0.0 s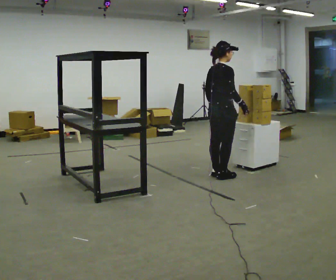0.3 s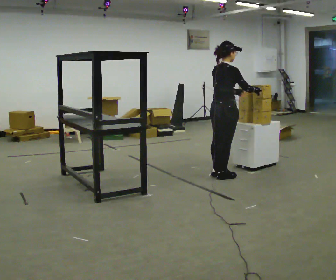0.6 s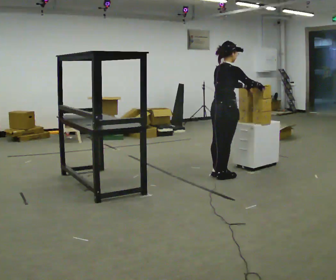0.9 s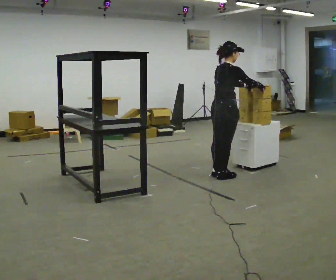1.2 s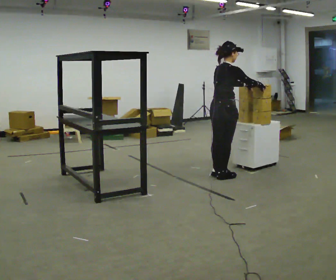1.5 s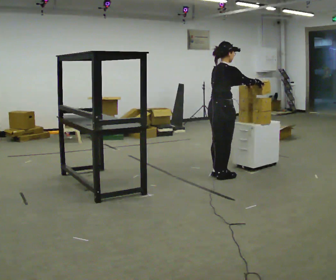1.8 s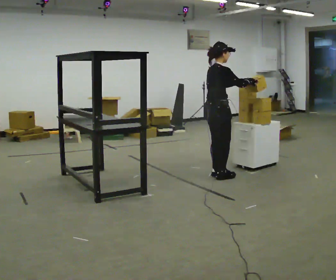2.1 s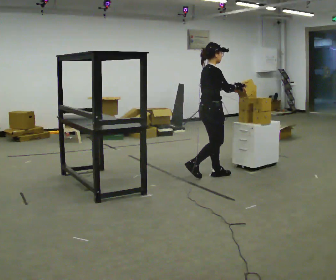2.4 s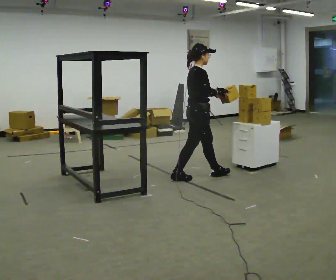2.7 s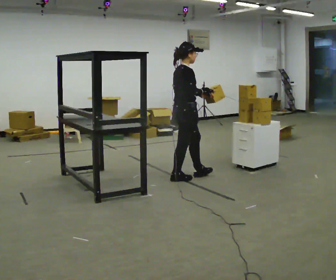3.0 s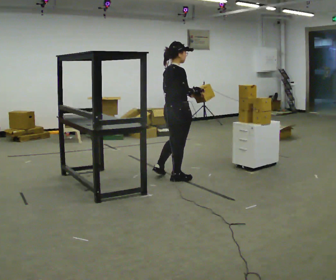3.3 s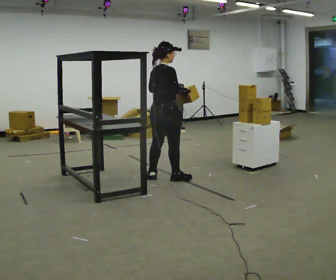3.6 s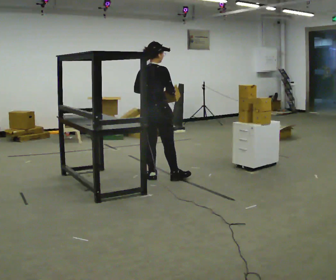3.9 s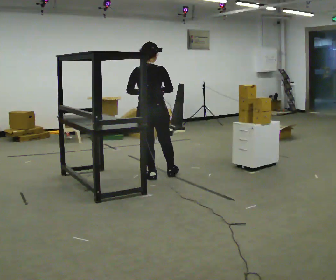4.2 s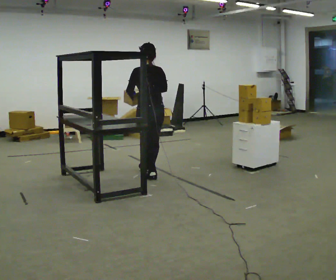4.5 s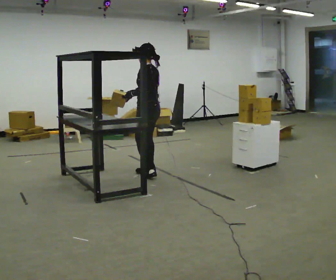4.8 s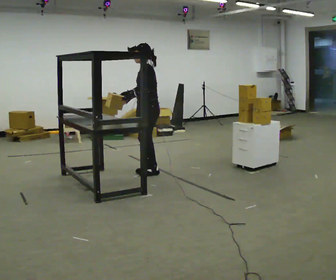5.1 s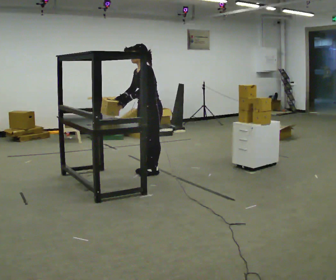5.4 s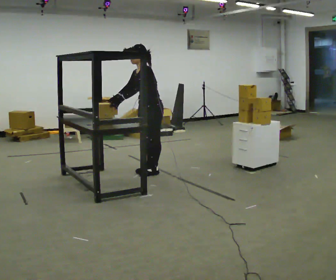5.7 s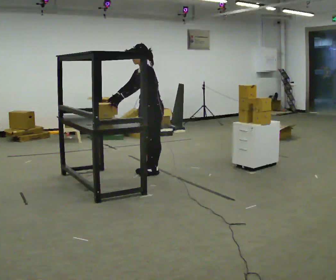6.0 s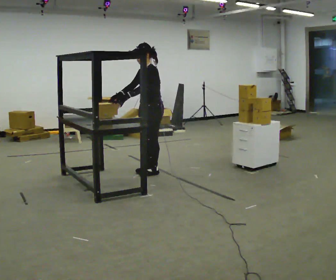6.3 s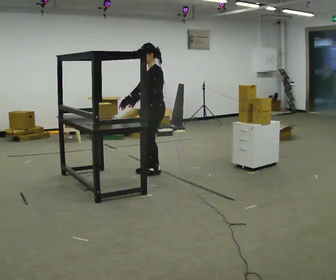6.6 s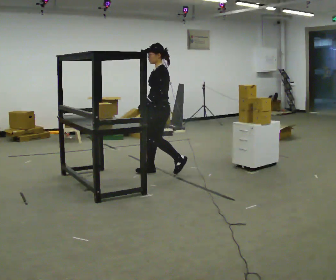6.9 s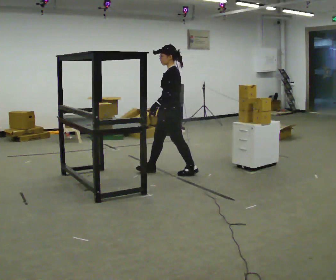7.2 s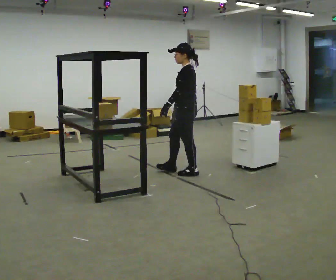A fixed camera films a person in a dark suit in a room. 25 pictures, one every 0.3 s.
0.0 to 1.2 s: In the picture their left hand goes to the right.
1.2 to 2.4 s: In the picture they go to the left, about 0.25 m in 1 step, which for them is backward.
2.4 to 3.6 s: Seen from above the body turns counterclockwise, about 60 degrees: to their left, with its near side sliding to the right. In the picture they go to the left, about 0.5 m in 1 step, which for them is backward and to their left.
3.6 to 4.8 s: The person turns about 135 degrees to their left, counterclockwise seen from above, so the part of the body nearest the lens slides to the right. In the picture they go away from the camera, about 0.25 m in 2 steps.
4.8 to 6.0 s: The person moves a little, or ends about where they began.
6.0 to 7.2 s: Seen from above the body turns clockwise, about 30 degrees: to their right, with its near side sliding to the left. In the picture they go to the right, about 0.5 m in 2 steps, which for them is backward and to their left.
The film runs backward here.
